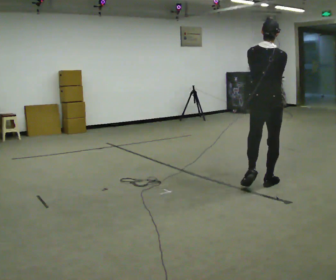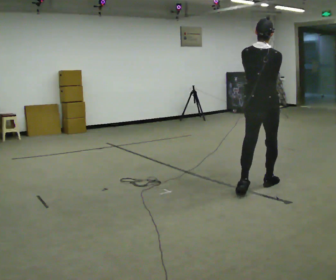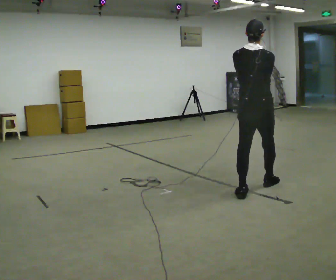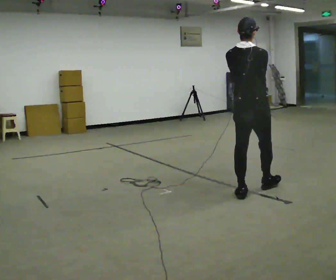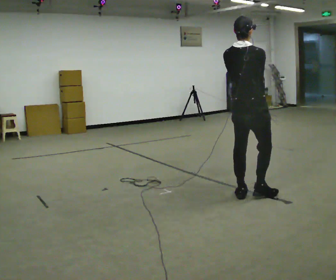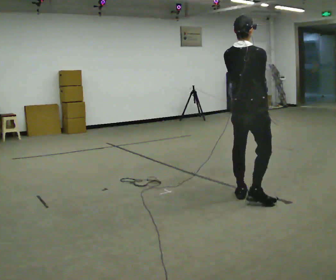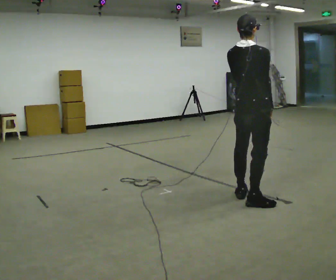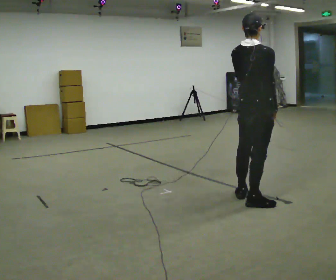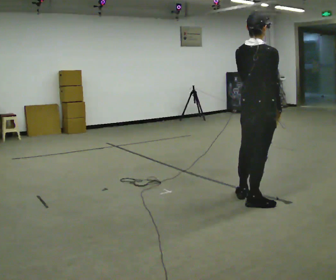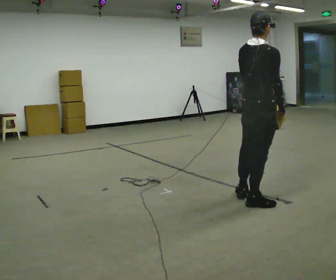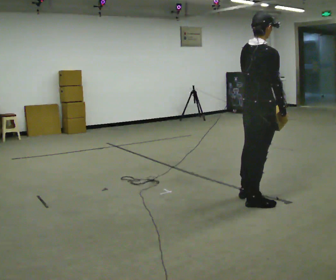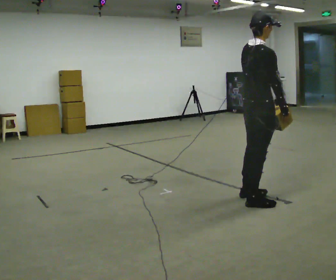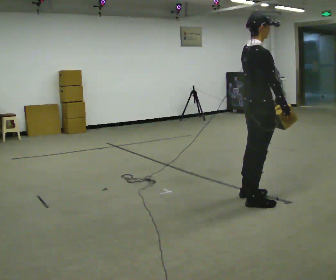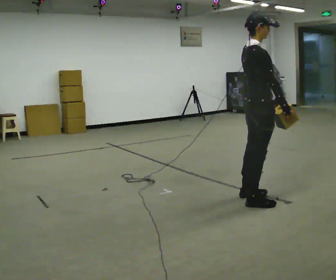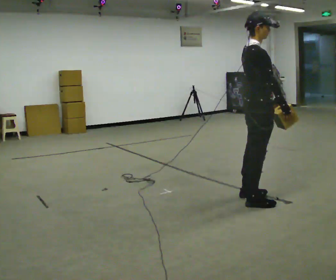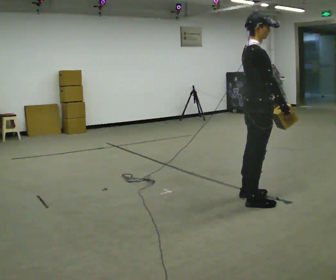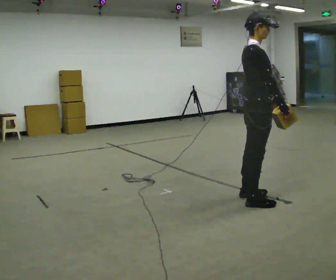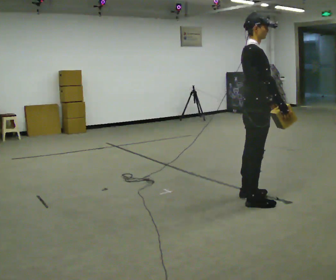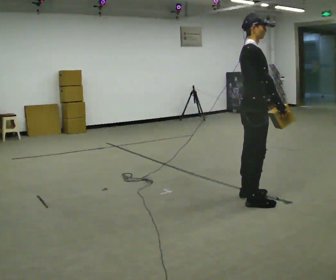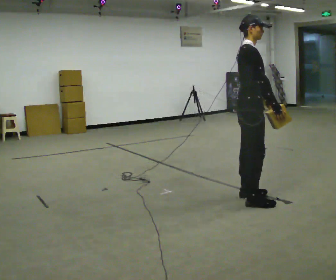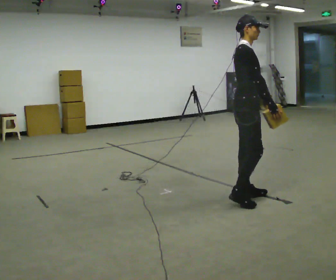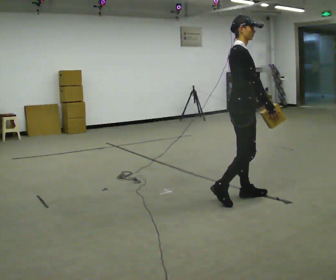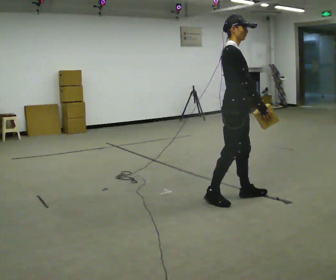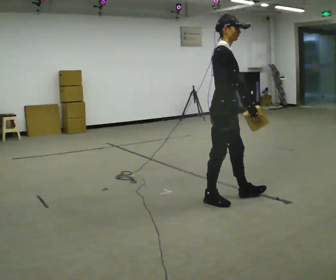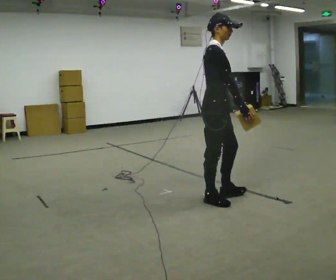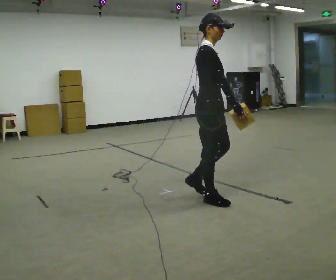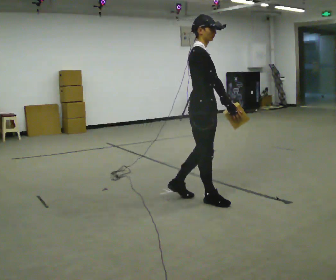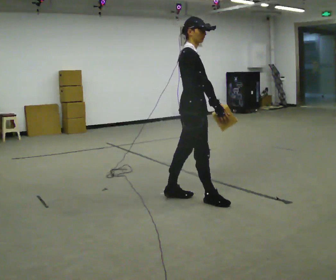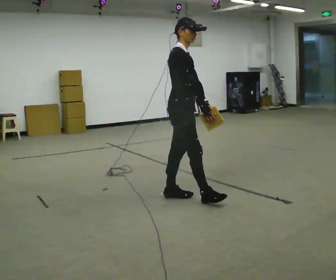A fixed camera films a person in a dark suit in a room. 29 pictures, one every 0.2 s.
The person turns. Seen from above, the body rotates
clockwise.
The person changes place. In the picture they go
to the left.
0.0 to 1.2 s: In the picture they go toward the camera, about 0.5 m in 1 step, which for them is backward.
1.2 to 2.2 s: Seen from above the body turns clockwise, about 30 degrees: to their right, with its near side sliding to the left.
2.2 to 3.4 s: The person moves a little, or ends about where they began.
3.4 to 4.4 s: In the picture they go to the left, about 0.25 m in 1 step, which for them is backward.
4.4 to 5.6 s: In the picture they go to the left, about 0.5 m in 2 steps, which for them is backward.
The film runs backward here.
